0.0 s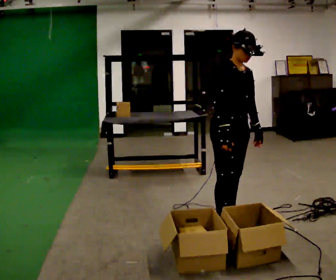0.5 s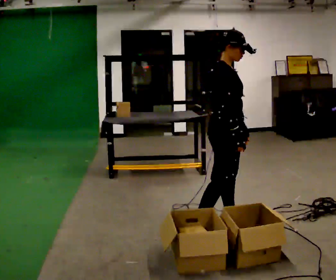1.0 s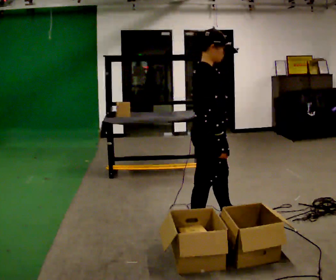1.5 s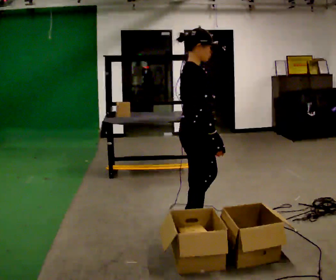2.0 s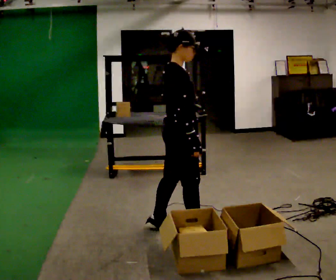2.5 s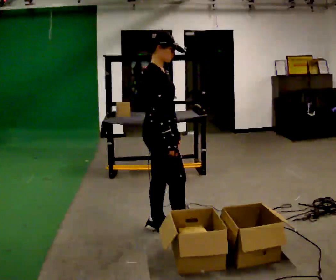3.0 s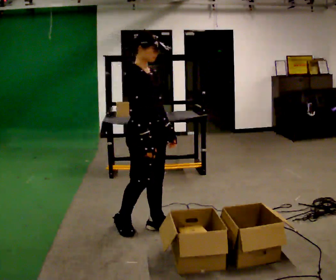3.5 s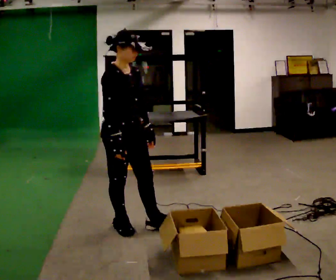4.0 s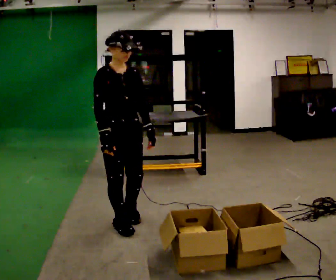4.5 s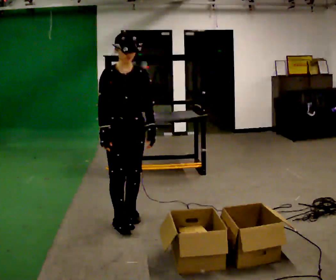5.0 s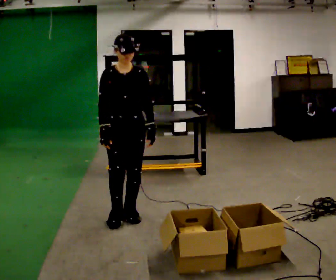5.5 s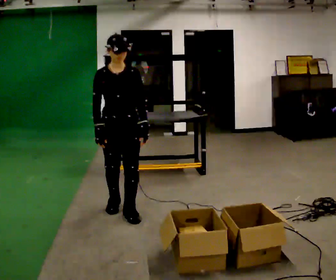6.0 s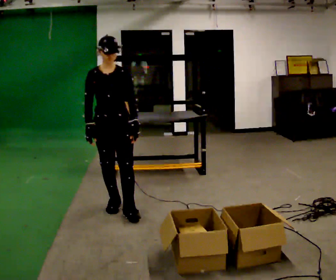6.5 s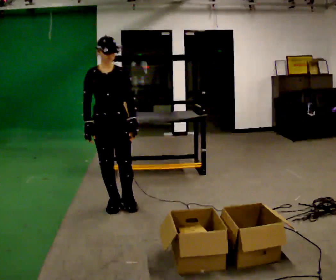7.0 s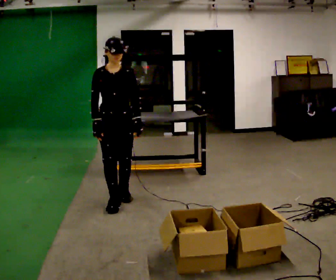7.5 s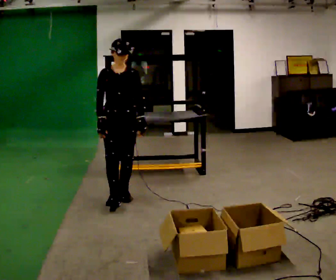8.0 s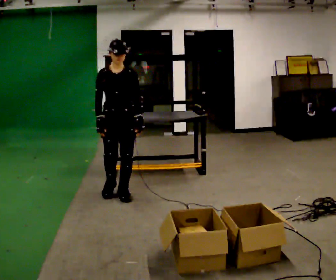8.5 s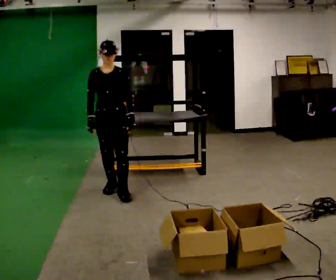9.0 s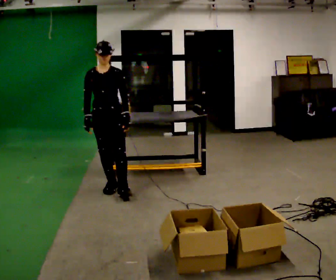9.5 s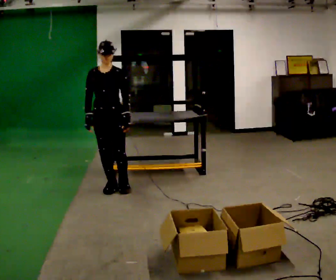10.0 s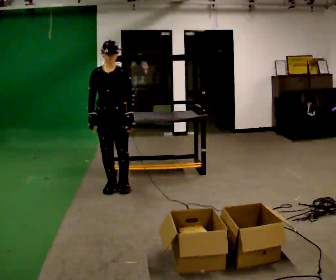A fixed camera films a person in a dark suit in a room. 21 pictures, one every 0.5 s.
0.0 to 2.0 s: The part of the body nearest the lens slides to the right as the person turns to their left by about 45 degrees. In the picture they go to the left, about 0.5 m in 1 step, which for them is backward and to their right.
2.0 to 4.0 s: The person turns about 60 degrees to their right, clockwise seen from above, so the part of the body nearest the lens slides to the left. In the picture they go to the left, about 0.5 m in 2 steps, which for them is backward.
4.0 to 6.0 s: The part of the body nearest the lens slides to the left as the person turns to their right by about 30 degrees. In the picture they go away from the camera, about 0.5 m in 1 step, which for them is backward.
6.0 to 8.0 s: In the picture they go away from the camera, about 0.5 m in 2 steps, which for them is backward.
8.0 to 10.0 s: In the picture they go away from the camera, about 0.25 m in 1 step, which for them is backward.
The film runs backward here.
